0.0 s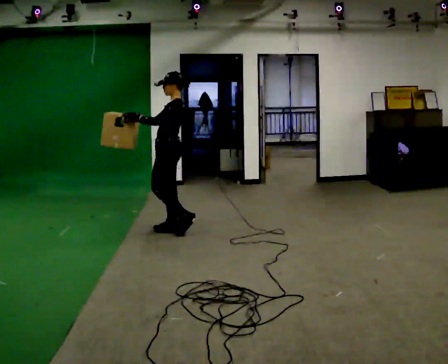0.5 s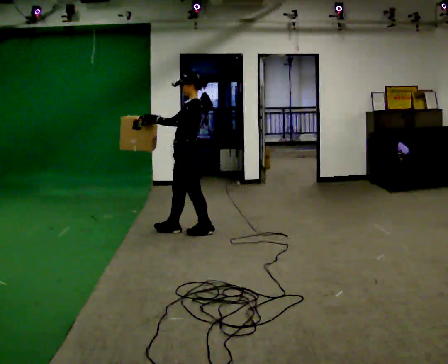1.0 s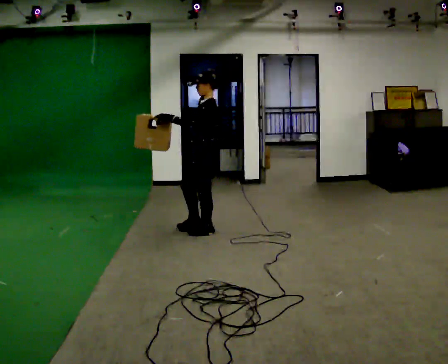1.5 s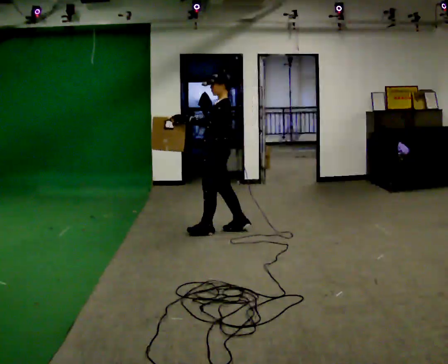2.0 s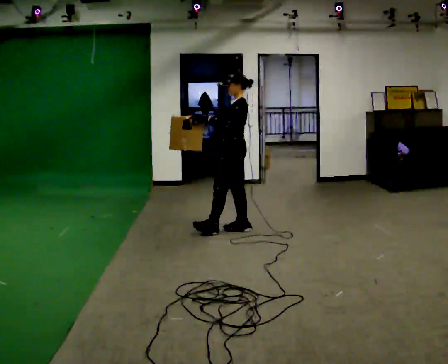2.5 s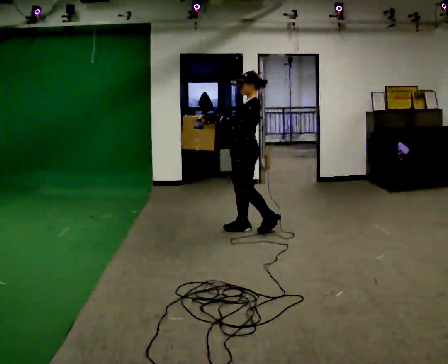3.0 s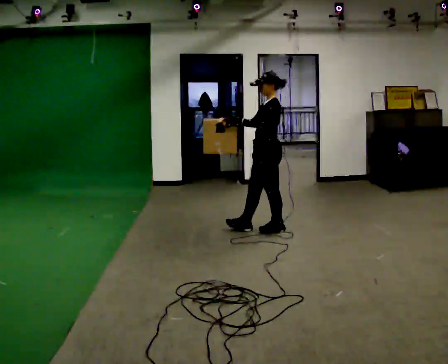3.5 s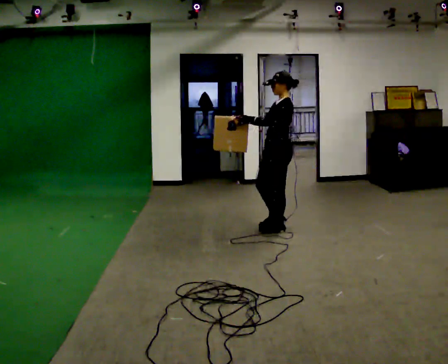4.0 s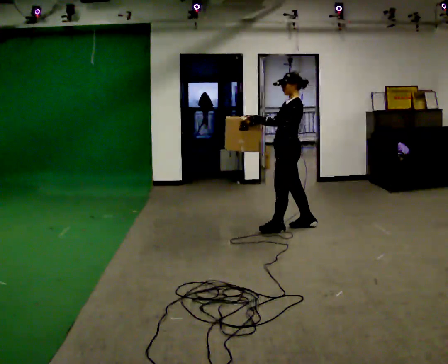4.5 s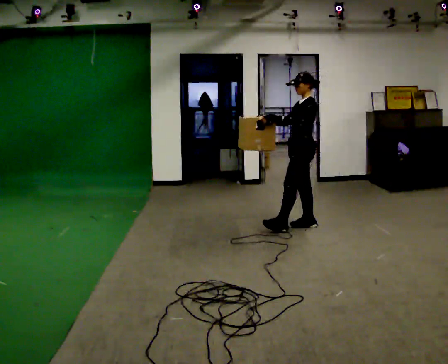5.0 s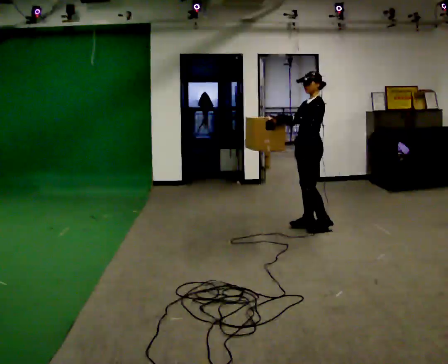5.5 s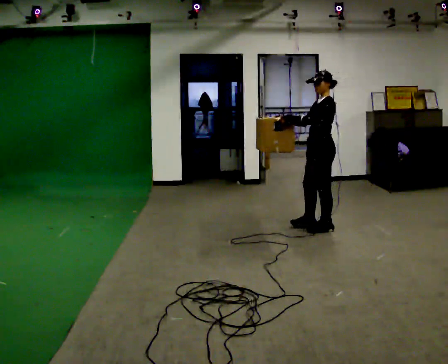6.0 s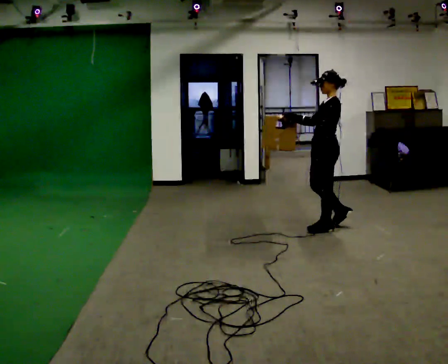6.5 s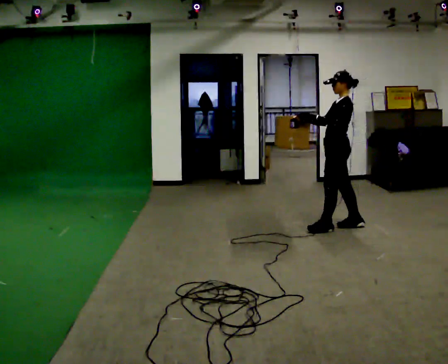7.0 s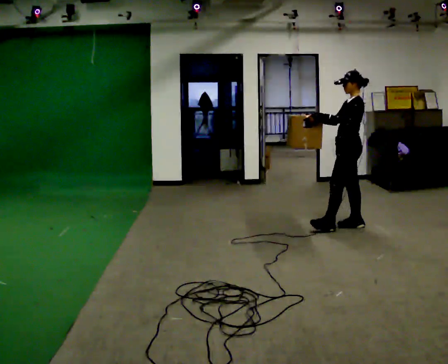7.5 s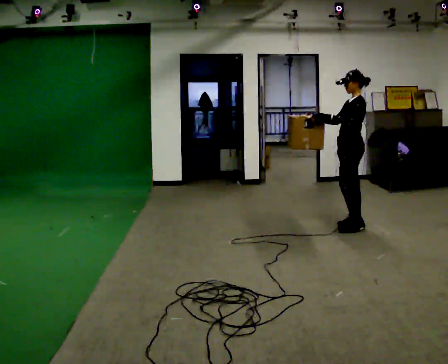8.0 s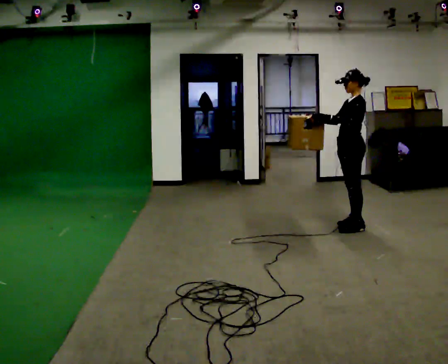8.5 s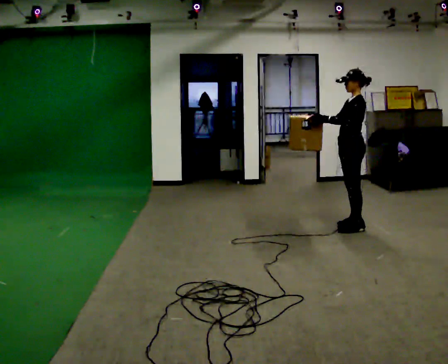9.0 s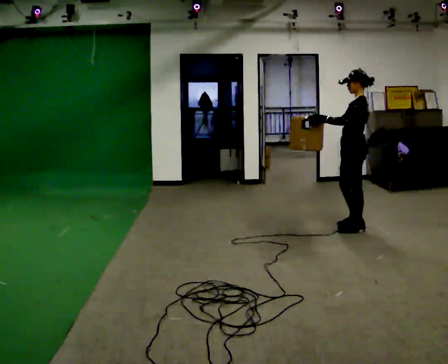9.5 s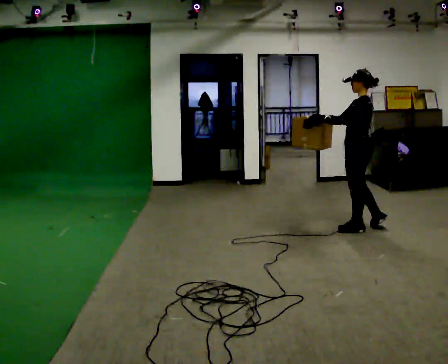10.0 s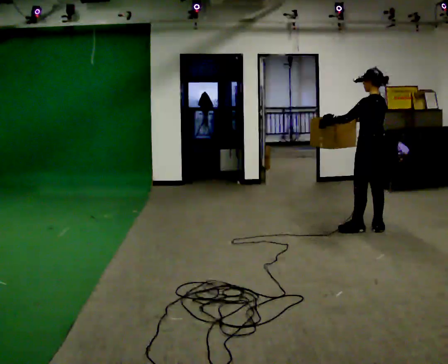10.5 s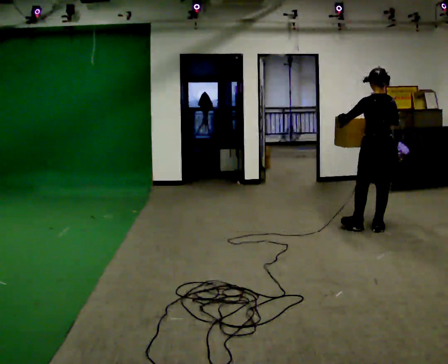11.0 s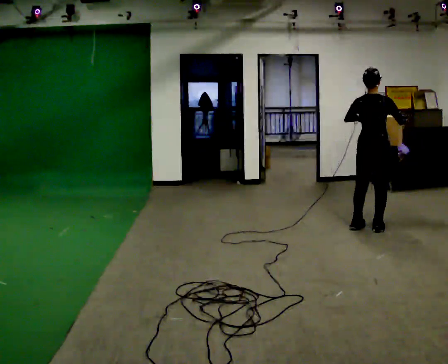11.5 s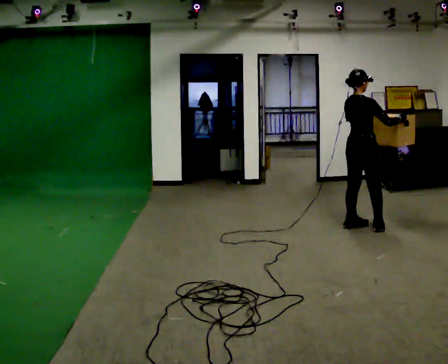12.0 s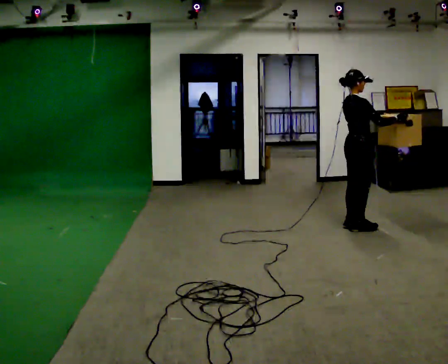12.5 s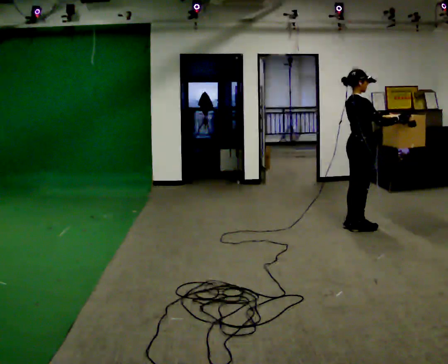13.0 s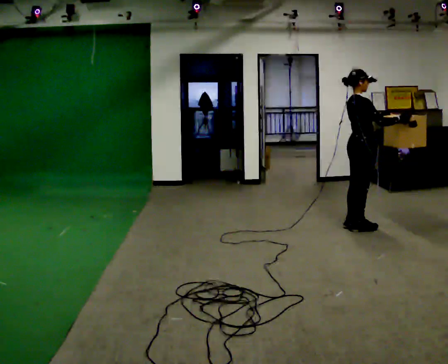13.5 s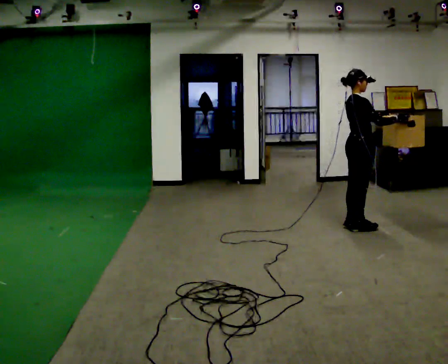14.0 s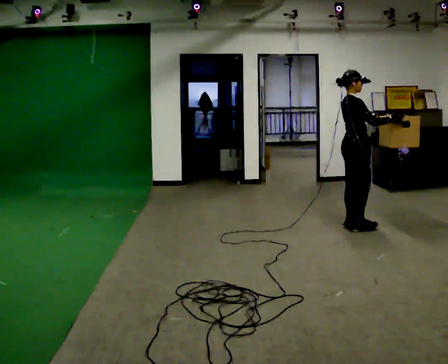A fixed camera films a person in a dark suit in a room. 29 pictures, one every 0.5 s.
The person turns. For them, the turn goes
to their right.
The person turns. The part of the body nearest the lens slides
to the left.
0.0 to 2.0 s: In the picture they go to the right, about 0.75 m in 2 steps, which for them is backward.
2.0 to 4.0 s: In the picture they go to the right, about 0.5 m in 1 step, which for them is backward.
4.0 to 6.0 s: In the picture they go to the right, about 0.5 m in 2 steps, which for them is backward and to their left.
6.0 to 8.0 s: In the picture they go to the right, about 0.25 m in 1 step, which for them is backward.
8.0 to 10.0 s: Seen from above the body turns clockwise, about 45 degrees: to their right, with its near side sliding to the left. In the picture they go to the right, about 0.25 m in 1 step, which for them is backward and to their left. In the picture their right hand goes to the right.
10.0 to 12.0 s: The part of the body nearest the lens slides to the left as the person turns to their right by about 120 degrees. In the picture they go to the left, about 0.25 m in 1 step. In the picture their right hand goes to the right.
12.0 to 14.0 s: The person moves a little, or ends about where they began.
The film runs backward here.
